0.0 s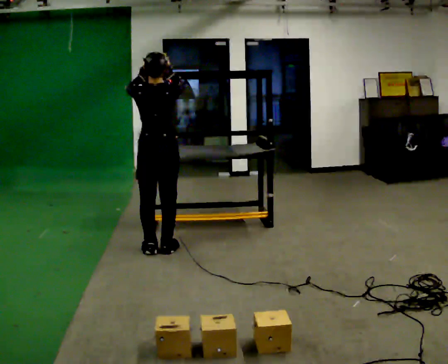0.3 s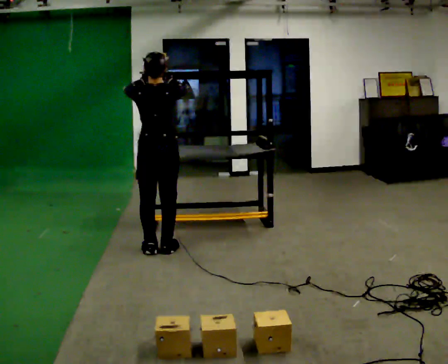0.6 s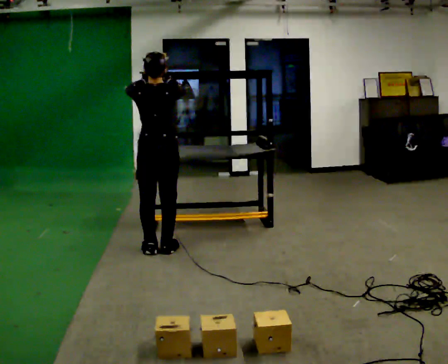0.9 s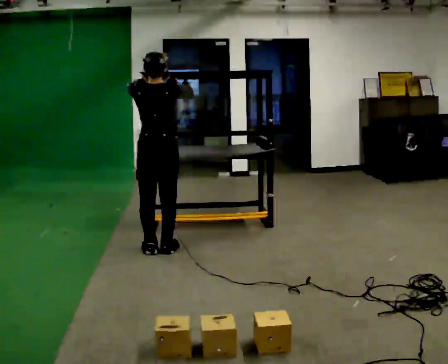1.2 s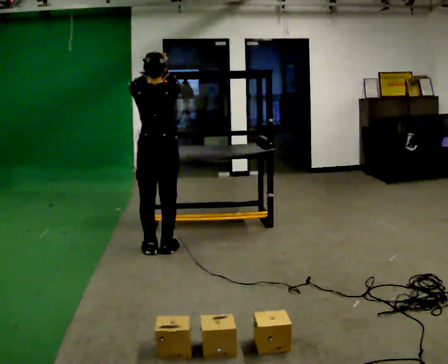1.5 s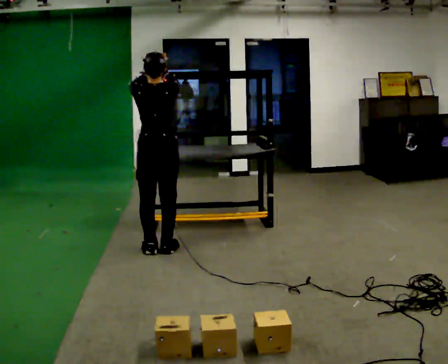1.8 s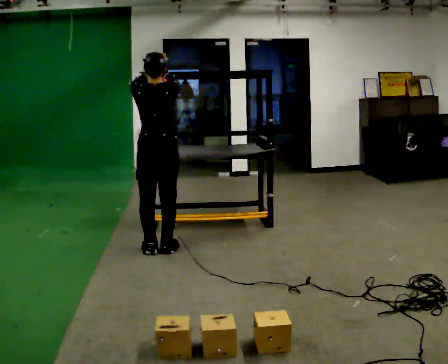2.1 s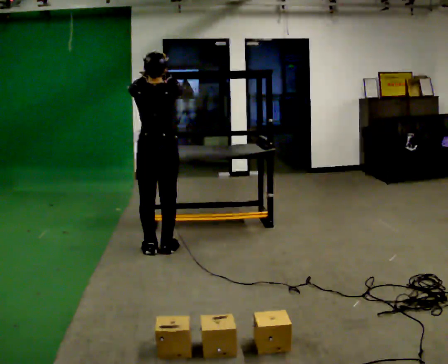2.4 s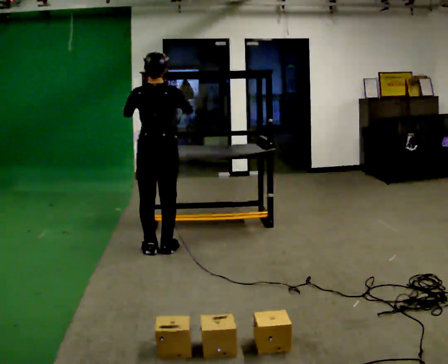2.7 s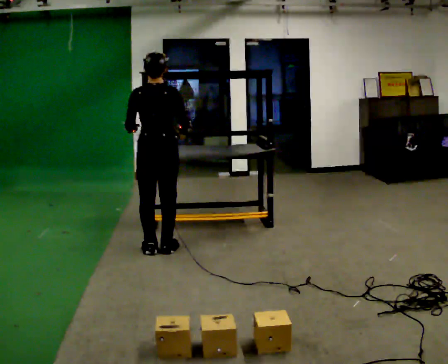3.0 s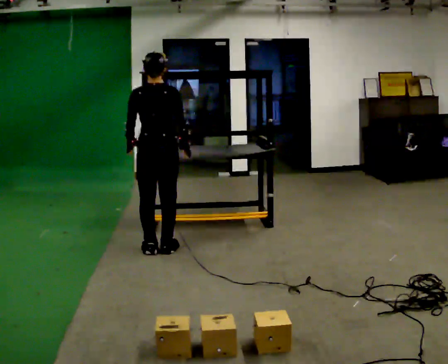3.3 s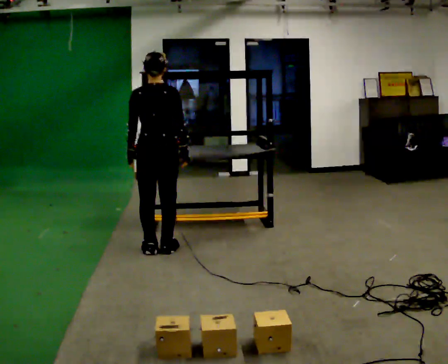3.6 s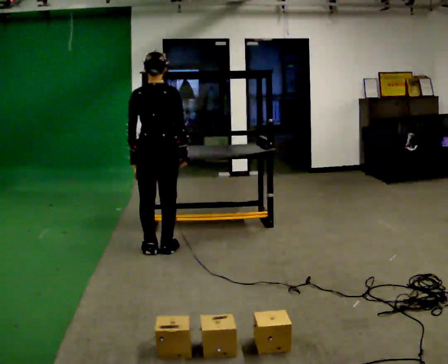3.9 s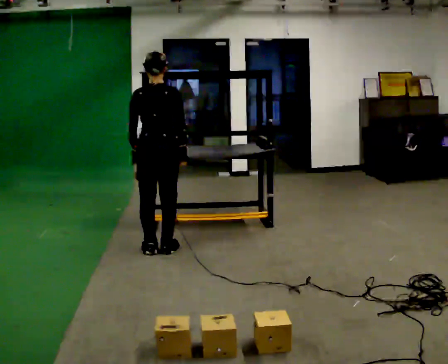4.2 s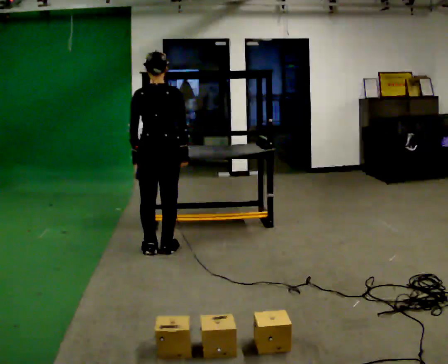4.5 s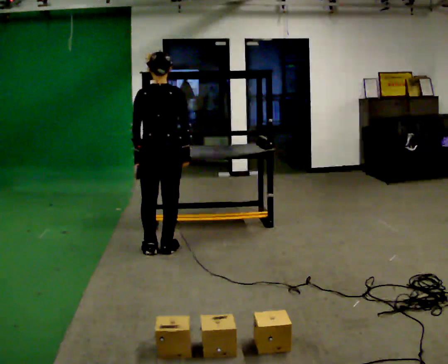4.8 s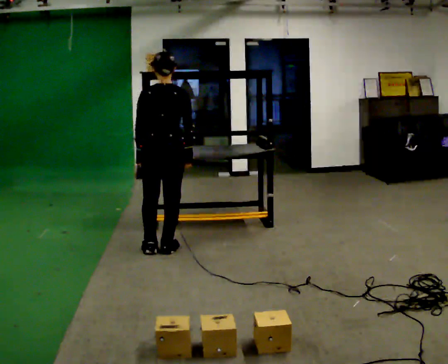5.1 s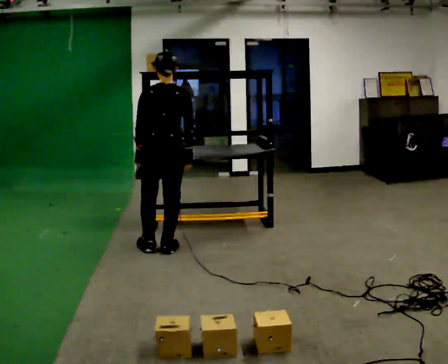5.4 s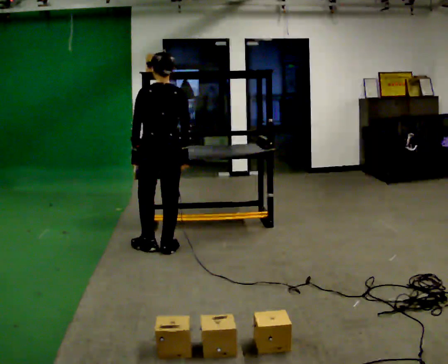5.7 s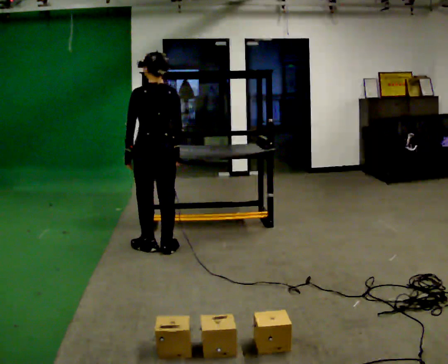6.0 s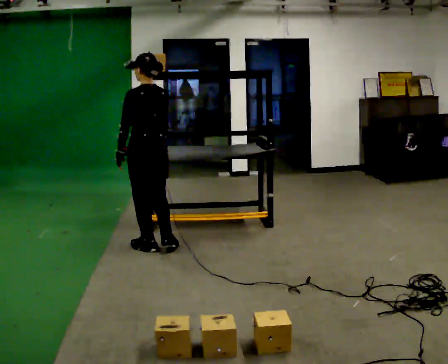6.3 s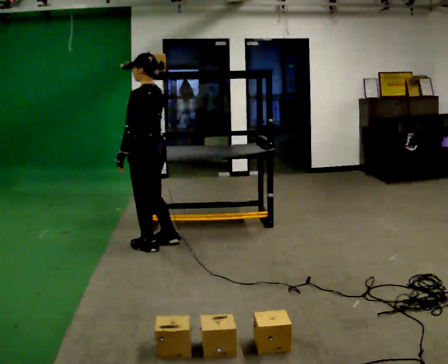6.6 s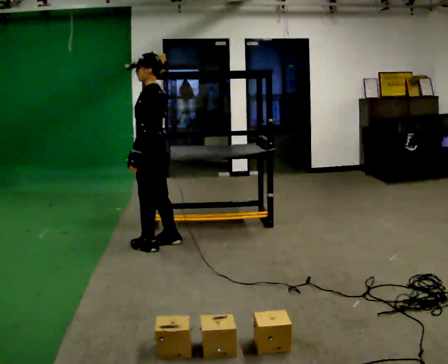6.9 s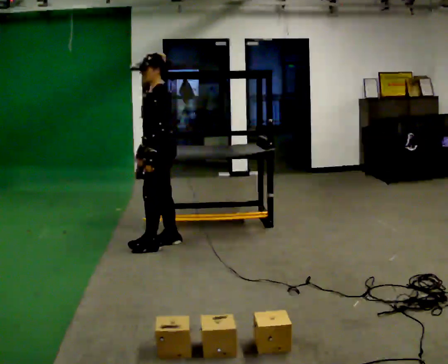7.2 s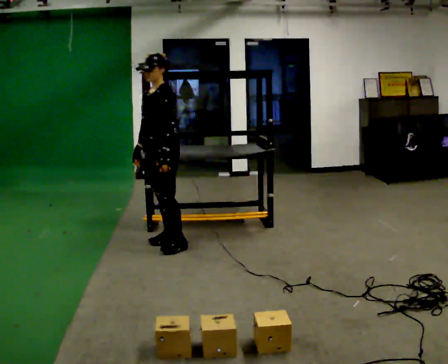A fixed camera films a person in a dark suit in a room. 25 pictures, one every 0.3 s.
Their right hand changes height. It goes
downward.
The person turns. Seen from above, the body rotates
counterclockwise.
0.0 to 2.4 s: The person moves a little, or ends about where they began.
2.4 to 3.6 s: In the picture their left hand goes downward.
3.6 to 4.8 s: The person moves a little, or ends about where they began.
4.8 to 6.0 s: Seen from above the body turns counterclockwise, about 30 degrees: to their left, with its near side sliding to the right.
6.0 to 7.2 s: The part of the body nearest the lens slides to the right as the person turns to their left by about 75 degrees. In the picture they go away from the camera, about 0.25 m in 1 step. In the picture their left hand goes to the right.
The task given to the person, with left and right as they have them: Pick an object up off the floor, carry it across the room, and place it on the highest shelf you can comfortably reach. Keep going until the operator says stop; one object at a time, and do not rush between trips.
The film runs forward here.
